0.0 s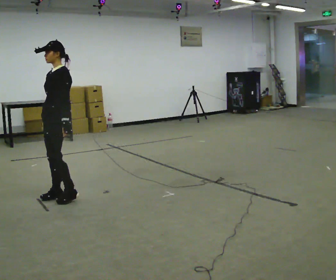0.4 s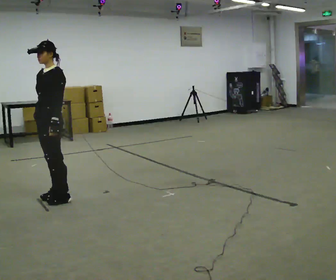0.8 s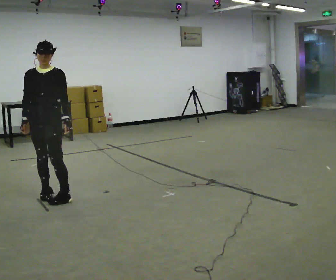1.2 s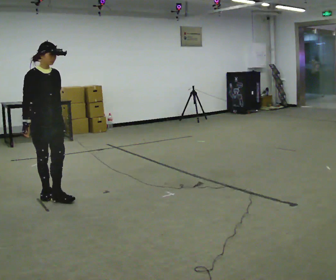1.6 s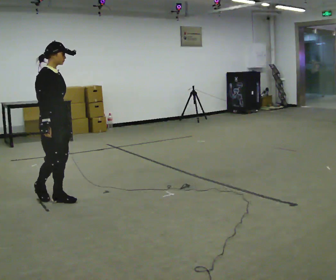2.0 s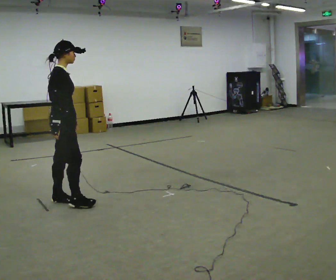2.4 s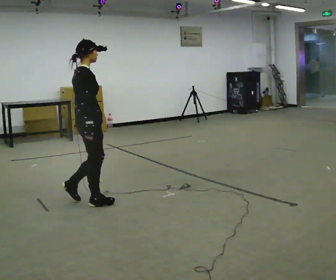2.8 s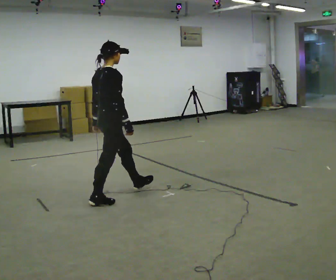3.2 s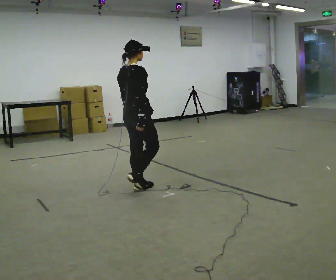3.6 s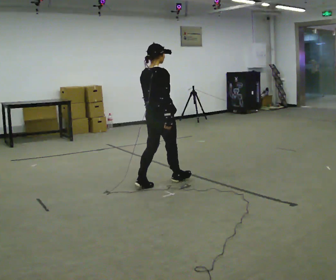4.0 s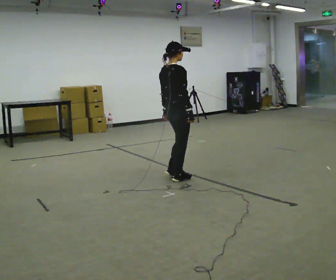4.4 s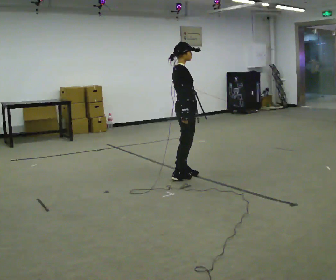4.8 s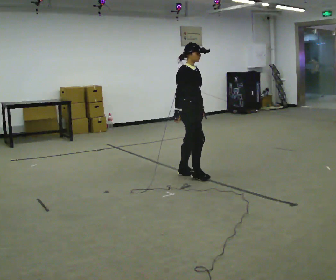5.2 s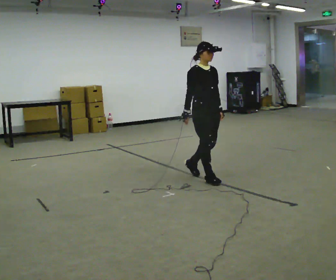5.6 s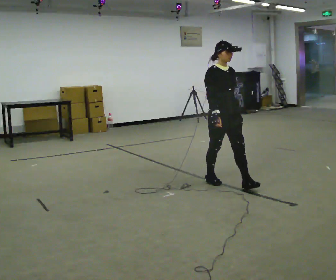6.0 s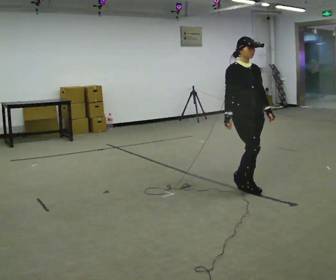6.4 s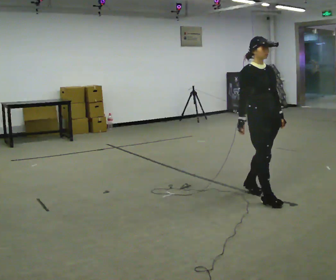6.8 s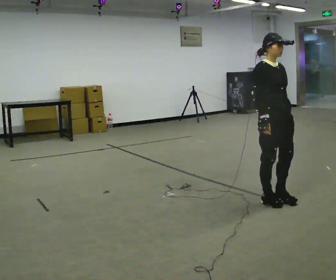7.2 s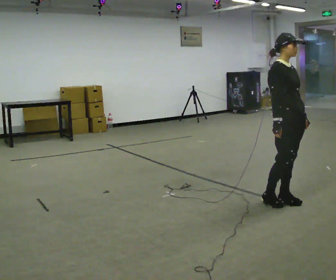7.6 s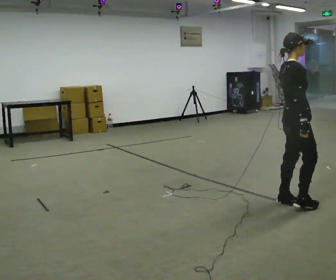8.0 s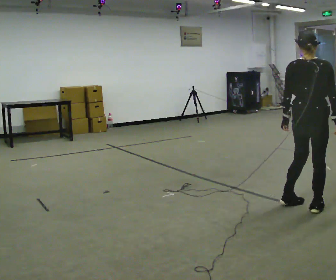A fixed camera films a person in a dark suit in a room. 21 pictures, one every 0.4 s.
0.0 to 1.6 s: The person turns about 135 degrees to their left, counterclockwise seen from above, so the part of the body nearest the lens slides to the right.
1.6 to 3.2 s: The person turns about 45 degrees to their left, counterclockwise seen from above, so the part of the body nearest the lens slides to the right. In the picture they go to the right and away from the camera, about 1 m in 2 steps, which for them is forward.
3.2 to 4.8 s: Seen from above the body turns clockwise, about 75 degrees: to their right, with its near side sliding to the left. In the picture they go to the right and away from the camera, about 1 m in 2 steps.
4.8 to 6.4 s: The person turns about 30 degrees to their right, clockwise seen from above, so the part of the body nearest the lens slides to the left. In the picture they go toward the camera and to the right, about 1 m in 3 steps, which for them is forward.
6.4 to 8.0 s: The person turns about 120 degrees to their left, counterclockwise seen from above, so the part of the body nearest the lens slides to the right. In the picture they go toward the camera and to the right, about 0.5 m in 2 steps.
The film runs forward here.
